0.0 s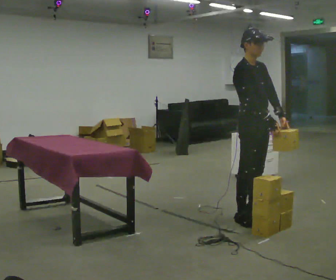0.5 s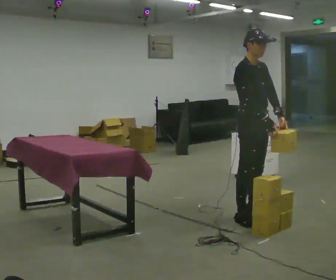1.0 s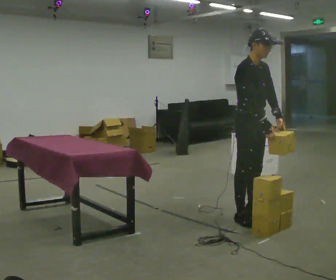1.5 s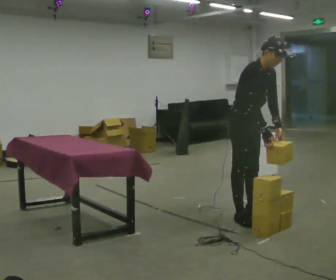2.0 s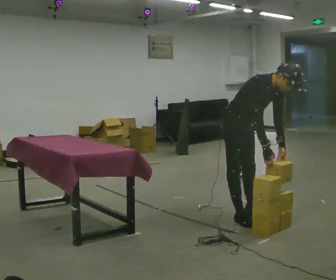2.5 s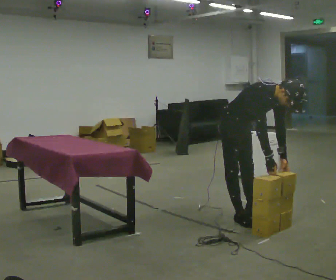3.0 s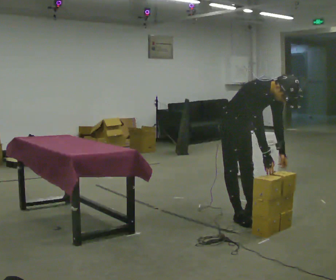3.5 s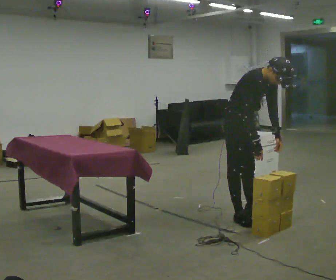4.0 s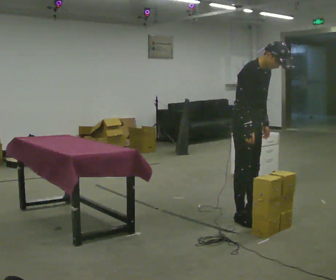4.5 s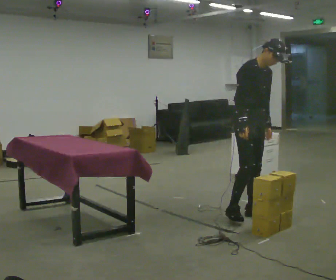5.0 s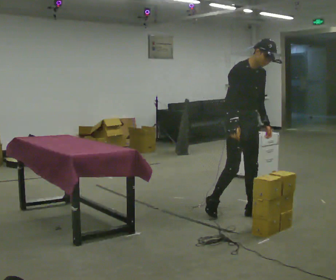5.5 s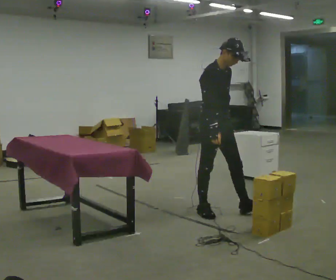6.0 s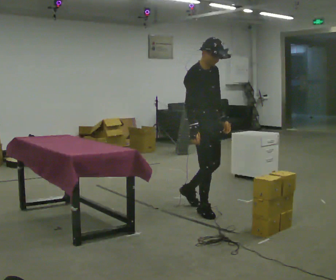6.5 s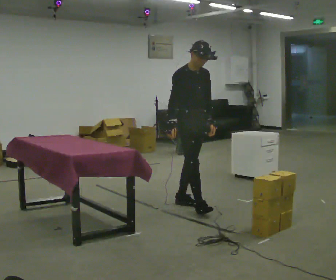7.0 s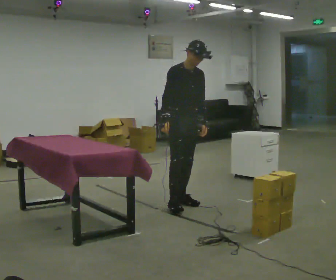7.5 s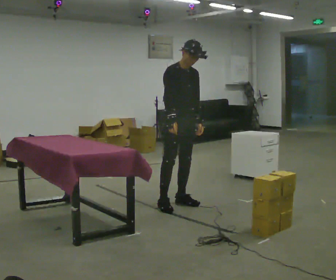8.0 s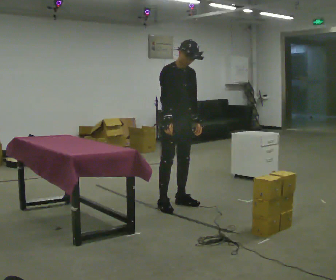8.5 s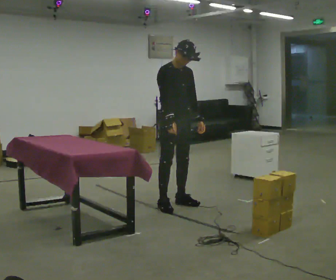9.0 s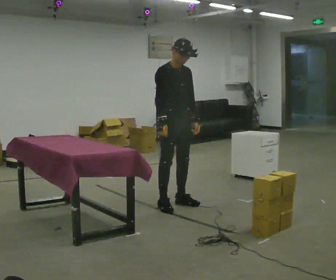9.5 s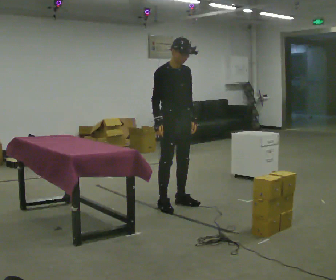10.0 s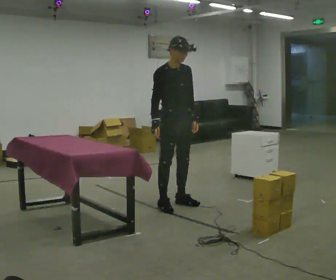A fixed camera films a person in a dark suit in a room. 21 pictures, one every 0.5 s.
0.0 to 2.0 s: The upper body goes downward. In the picture the upper body tilts clockwise, shoulders to the right, as they bend forward.
2.0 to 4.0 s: The person moves a little, or ends about where they began.
4.0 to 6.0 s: In the picture they go to the left, about 0.5 m in 2 steps, which for them is backward and to their right. In the picture the upper body tilts counterclockwise, shoulders to the left, as they lean back or straighten.
6.0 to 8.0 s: In the picture they go to the left and away from the camera, about 0.5 m in 1 step, which for them is backward.
8.0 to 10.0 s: The person moves a little, or ends about where they began.
The film runs backward here.
